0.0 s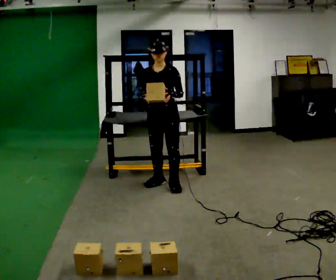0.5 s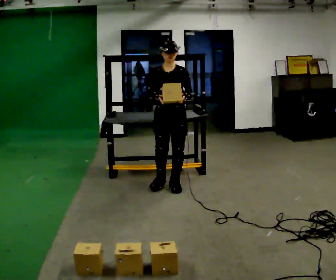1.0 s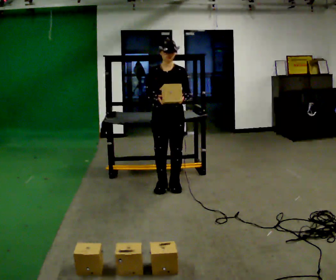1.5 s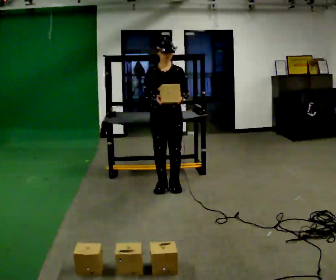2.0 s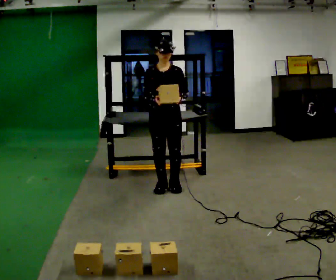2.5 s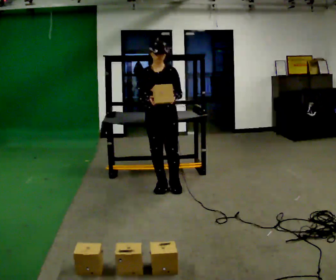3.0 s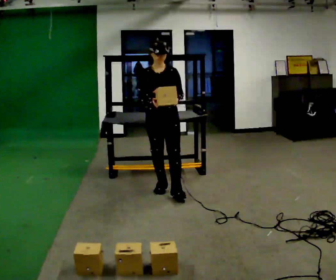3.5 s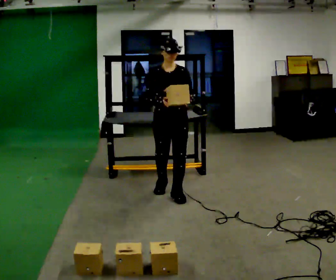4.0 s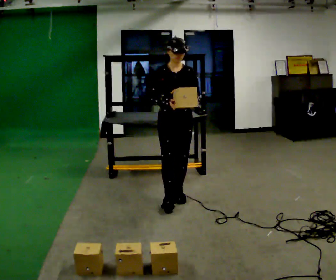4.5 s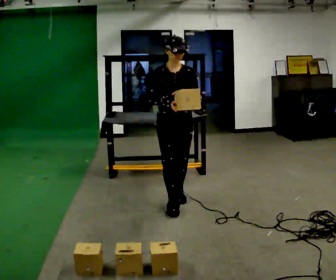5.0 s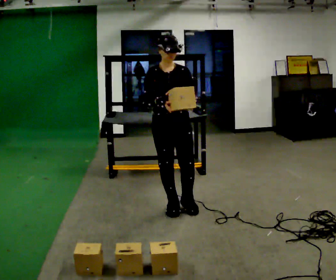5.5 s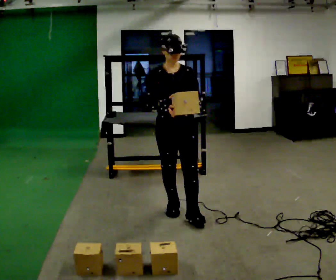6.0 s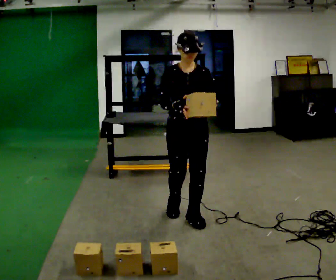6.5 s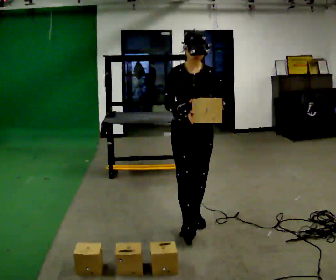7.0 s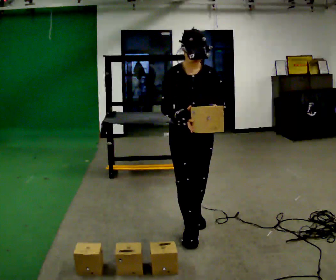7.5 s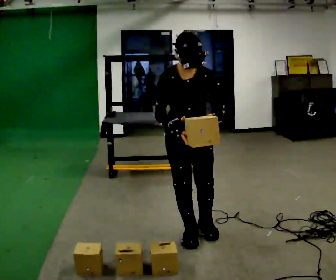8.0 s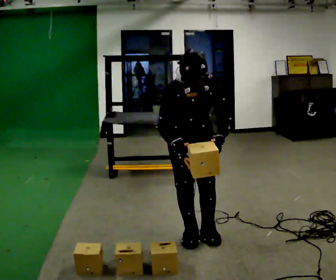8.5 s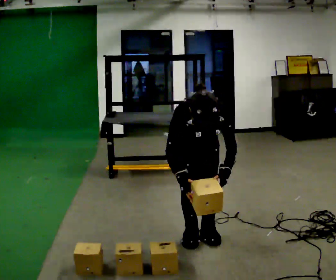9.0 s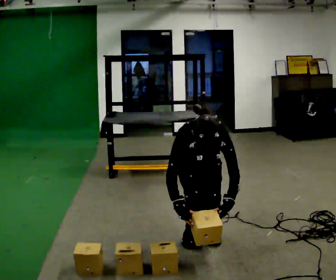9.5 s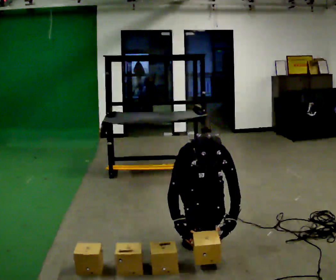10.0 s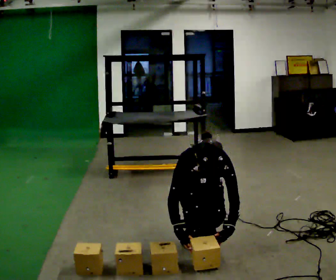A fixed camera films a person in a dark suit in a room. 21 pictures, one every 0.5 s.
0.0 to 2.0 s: The person moves a little, or ends about where they began.
2.0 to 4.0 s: In the picture they go toward the camera, about 0.25 m in 1 step, which for them is forward.
4.0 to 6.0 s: In the picture they go toward the camera, about 0.5 m in 2 steps, which for them is forward.
6.0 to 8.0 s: In the picture they go toward the camera, about 0.25 m in 2 steps, which for them is forward. The upper body tips toward the camera, its near side rolling downward, as they bend forward.
8.0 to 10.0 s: The upper body goes downward. In the picture their left hand goes downward.
The film runs forward here.
